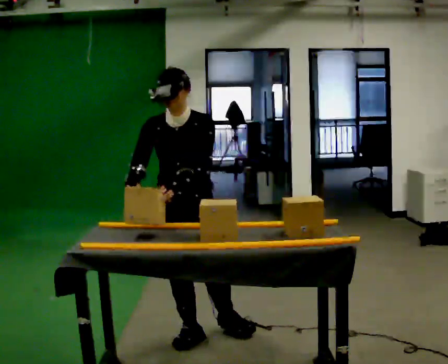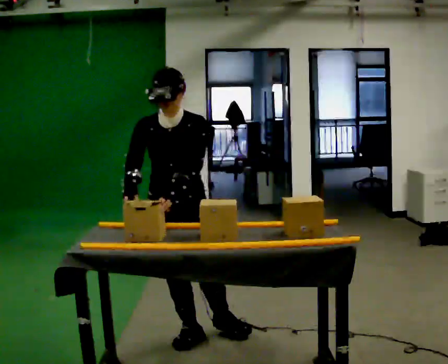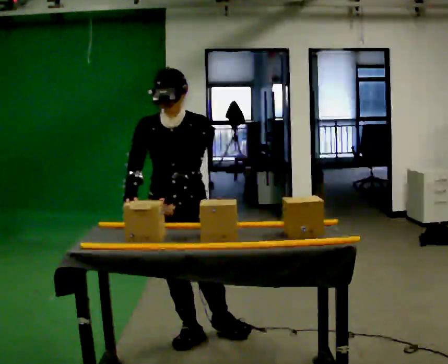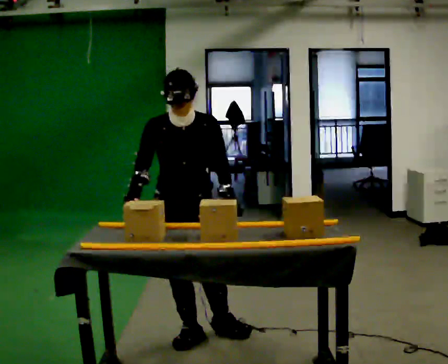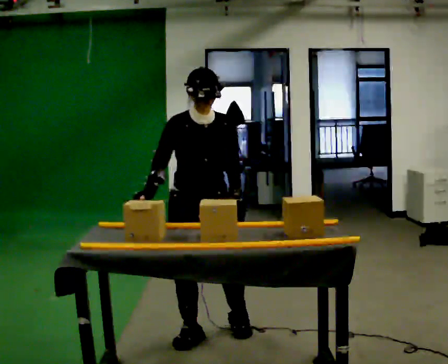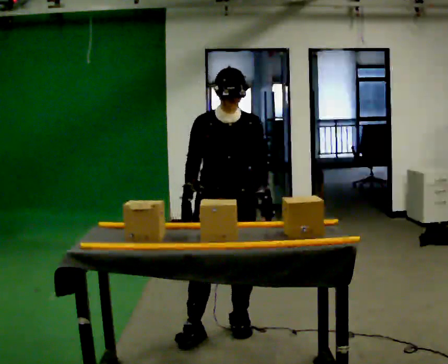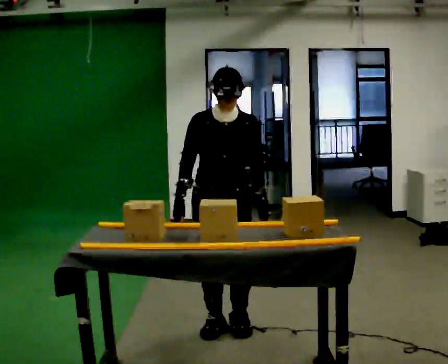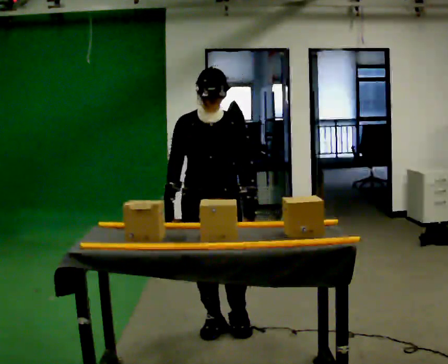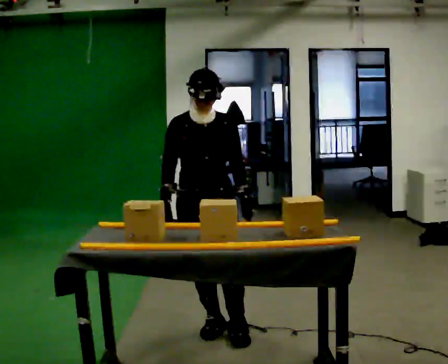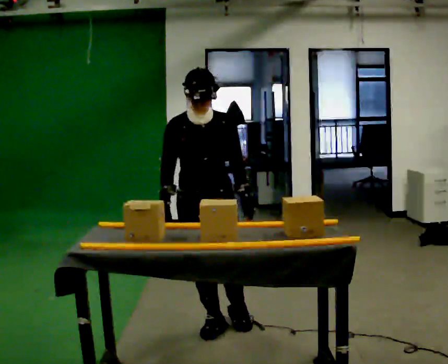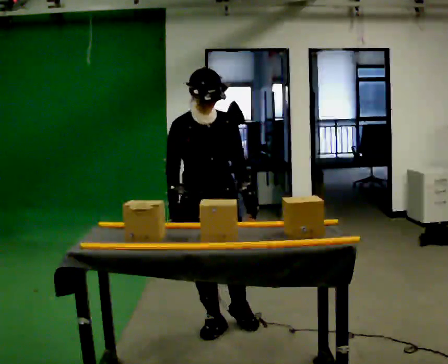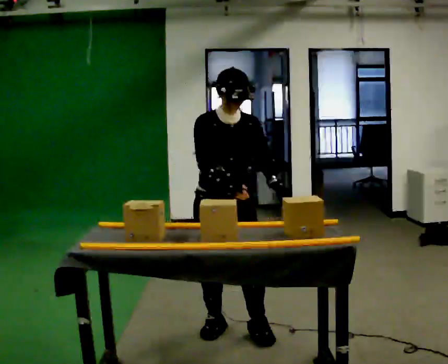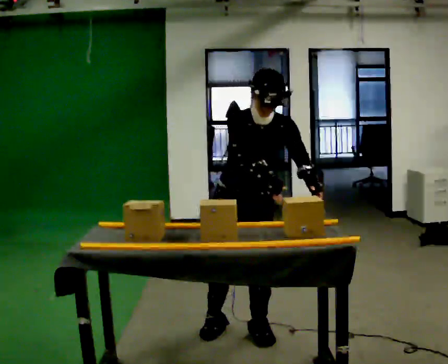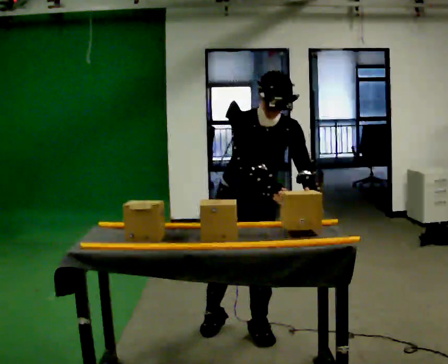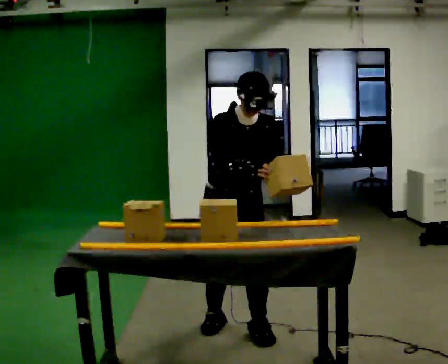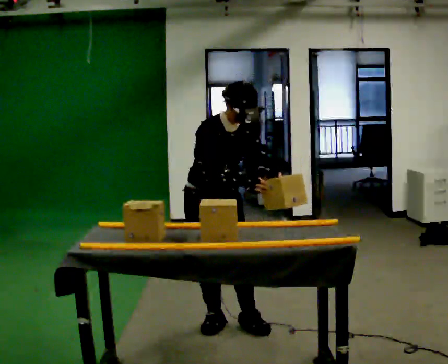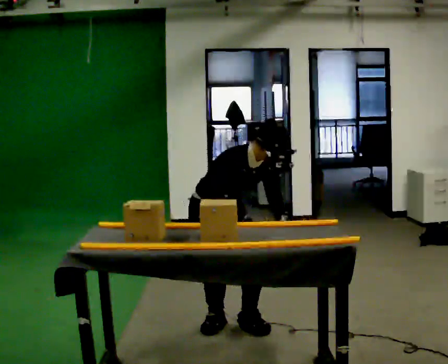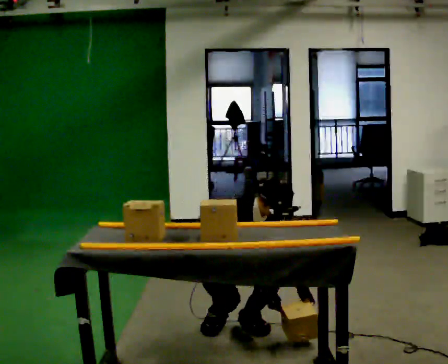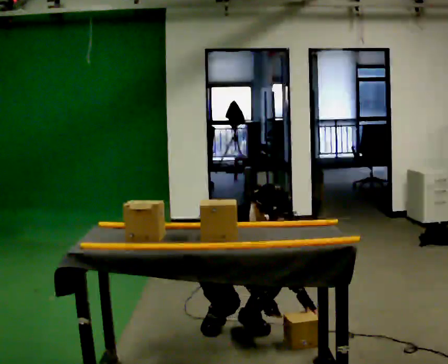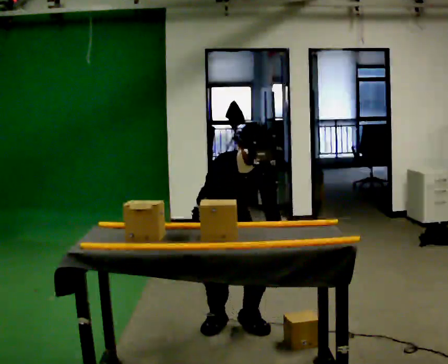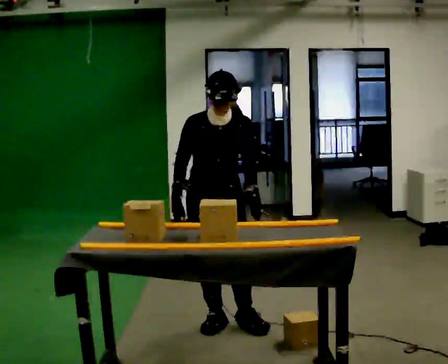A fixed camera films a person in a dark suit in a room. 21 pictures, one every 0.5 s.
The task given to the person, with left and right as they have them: Slide the object into the slot on the shelf in front of you. It is a close fit, so take the time you need. Repeat at your own pace until the operator says stop. Keep both feet on the marked spots for the whole take. If you have to step, stop and tell the operator.
0.0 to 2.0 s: In the picture their left hand goes to the right.
2.0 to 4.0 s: The person moves a little, or ends about where they began.
4.0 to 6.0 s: In the picture they go to the right, about 0.25 m in 2 steps, which for them is to their left and forward. The upper body tips toward the camera, its near side rolling downward, as they bend forward.
6.0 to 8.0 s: The part of the body nearest the lens slides to the right as the person turns to their left by about 30 degrees. In the picture they go away from the camera and to the left, about 0.25 m in 1 step, which for them is backward and to their right. The upper body goes downward. In the picture their left hand goes downward.
8.0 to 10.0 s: In the picture the upper body tilts counterclockwise, shoulders to the left, as they lean back or straighten. In the picture their right hand goes to the left.
The film runs forward here.
